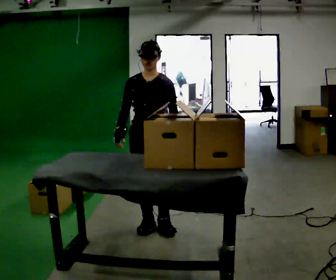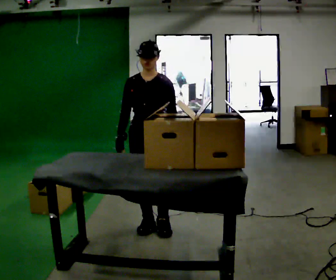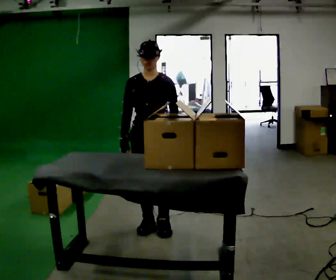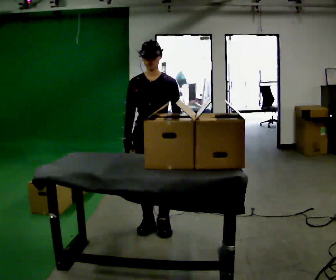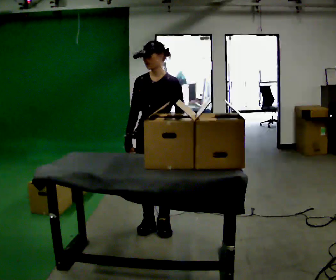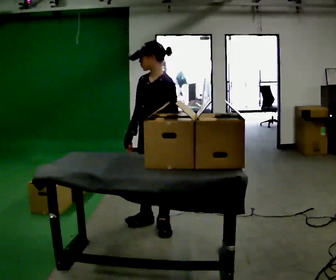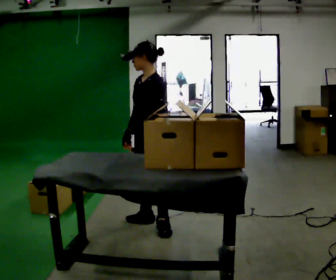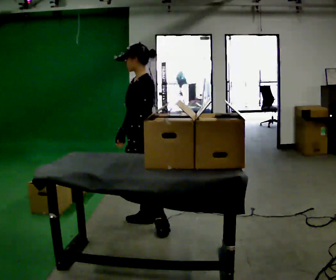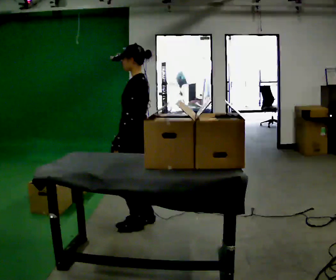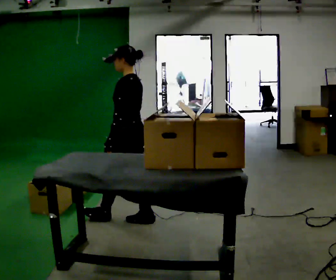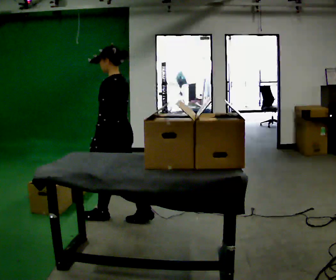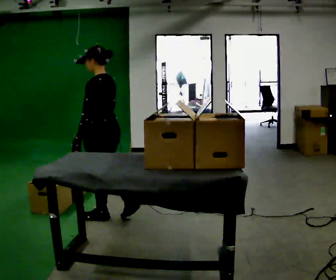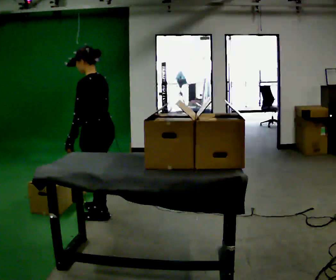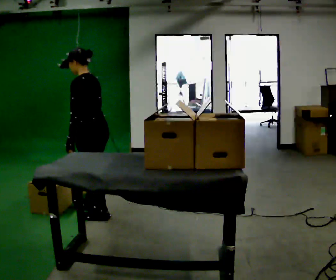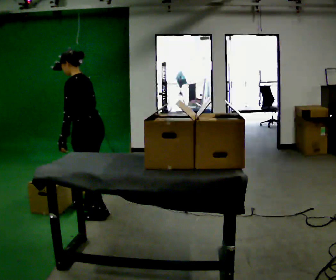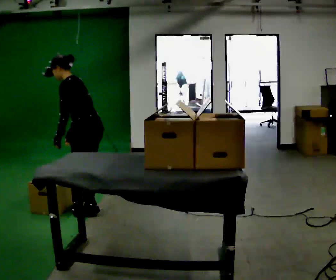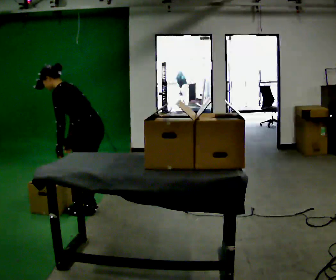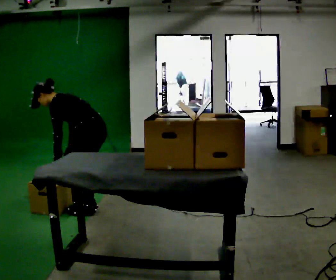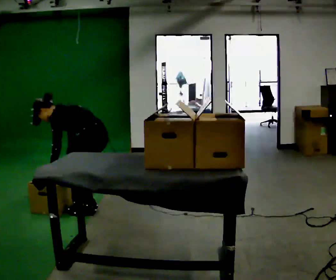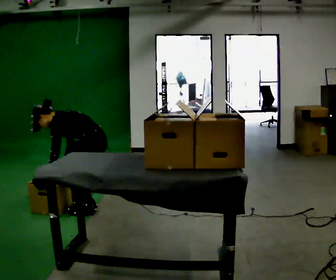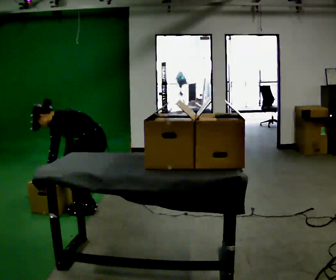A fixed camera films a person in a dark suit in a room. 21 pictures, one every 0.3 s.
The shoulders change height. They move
downward.
The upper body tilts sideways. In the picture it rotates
counterclockwise.
0.0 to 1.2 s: The person moves a little, or ends about where they began.
1.2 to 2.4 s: Seen from above the body turns clockwise, about 75 degrees: to their right, with its near side sliding to the left. In the picture they go away from the camera, about 0.25 m. In the picture their left hand goes to the left.
2.4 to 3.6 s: In the picture they go to the left, about 0.25 m in 1 step, which for them is forward.
3.6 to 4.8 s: In the picture they go away from the camera, about 0.25 m in 2 steps, which for them is forward and to their right. In the picture the upper body tilts counterclockwise, shoulders to the left, as they bend forward.
4.8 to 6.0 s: The upper body goes downward. In the picture the upper body tilts counterclockwise, shoulders to the left, as they bend forward.
The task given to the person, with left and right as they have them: Pick an object up off the floor at one end of the room, carry it across, and place it on the waist-height shelf at the other end. Keep going until the operator says stop; one object at a time, and do not rush between trips.
The film runs forward here.
